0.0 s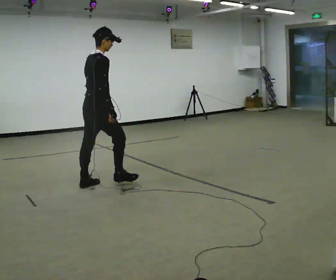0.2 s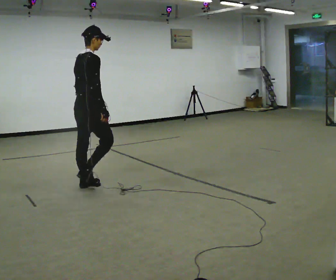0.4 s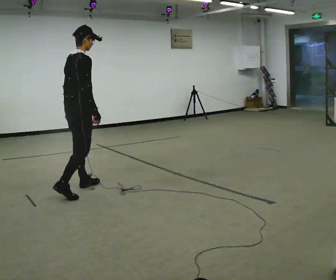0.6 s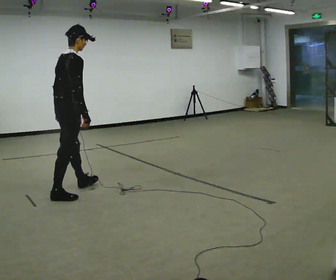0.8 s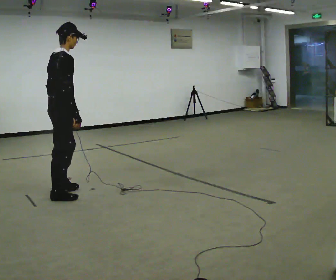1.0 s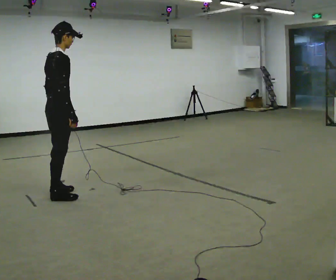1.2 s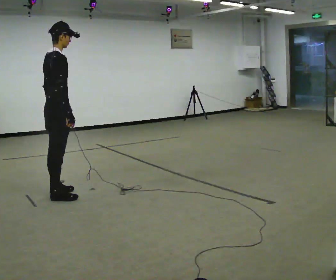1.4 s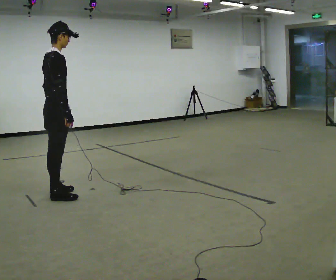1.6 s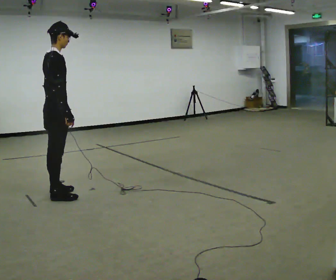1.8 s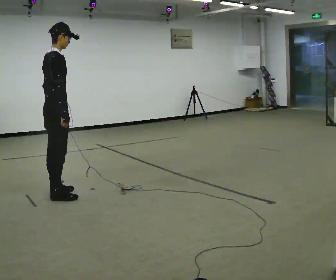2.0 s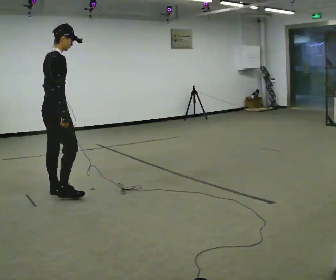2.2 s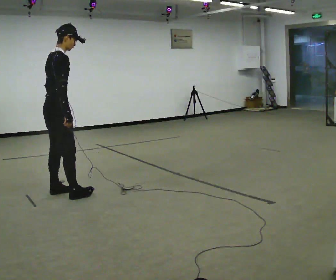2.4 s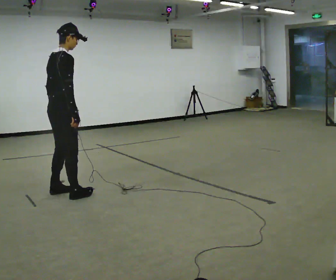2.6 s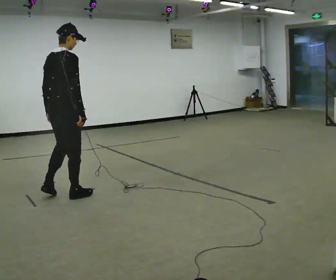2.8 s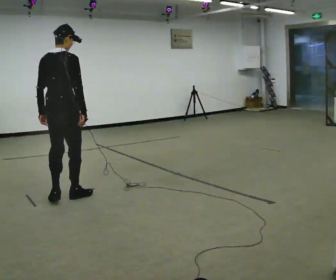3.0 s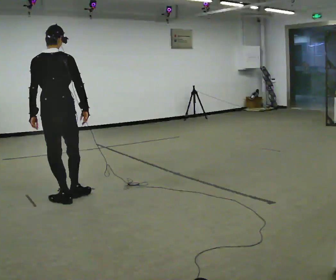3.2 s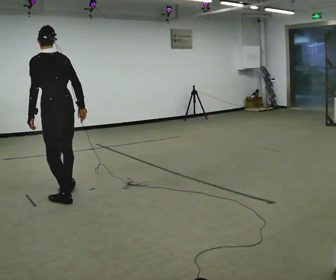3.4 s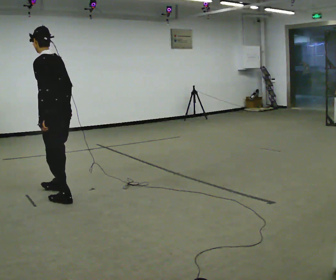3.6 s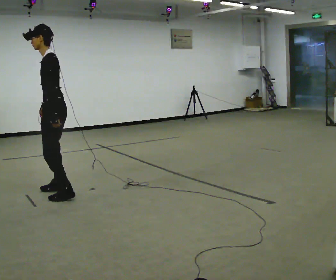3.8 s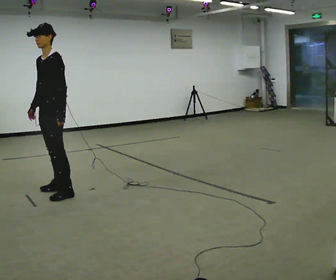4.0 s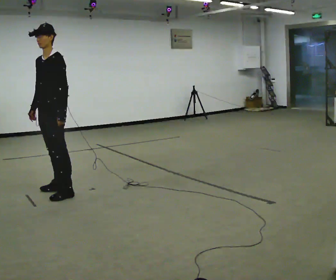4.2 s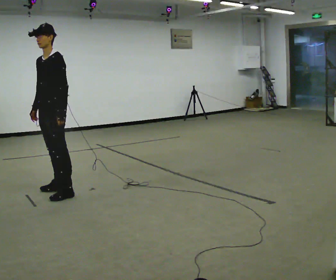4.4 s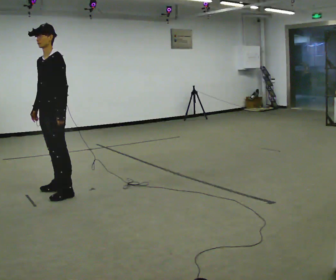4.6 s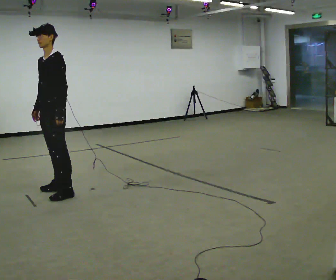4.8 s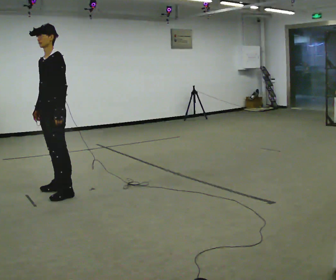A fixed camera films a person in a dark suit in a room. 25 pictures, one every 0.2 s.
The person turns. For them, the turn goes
to their left.
The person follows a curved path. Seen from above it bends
clockwise.
0.0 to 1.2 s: In the picture they go to the left and toward the camera, about 0.5 m in 1 step, which for them is backward.
1.2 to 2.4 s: The person moves a little, or ends about where they began.
2.4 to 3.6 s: The part of the body nearest the lens slides to the right as the person turns to their left by about 150 degrees. In the picture their right hand goes to the left.
3.6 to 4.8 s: Seen from above the body turns counterclockwise, about 45 degrees: to their left, with its near side sliding to the right.
The film runs backward here.
